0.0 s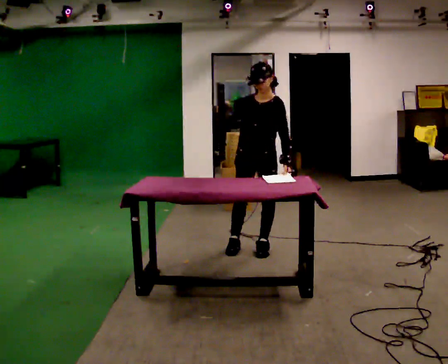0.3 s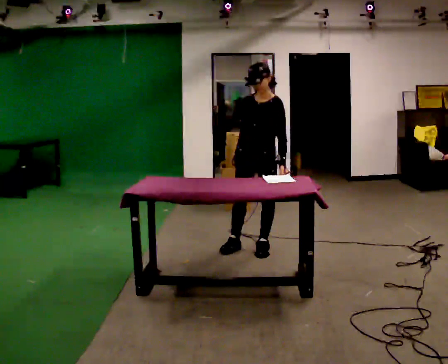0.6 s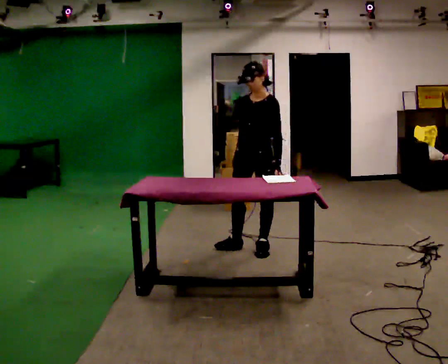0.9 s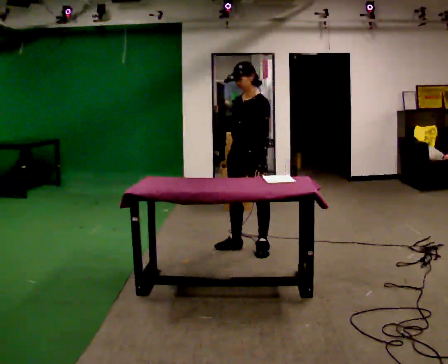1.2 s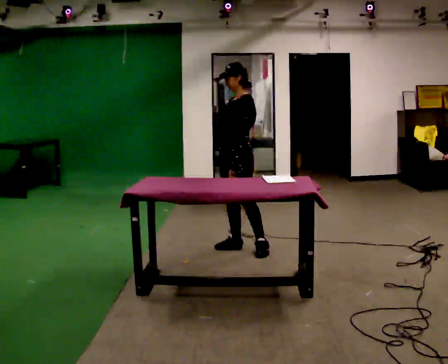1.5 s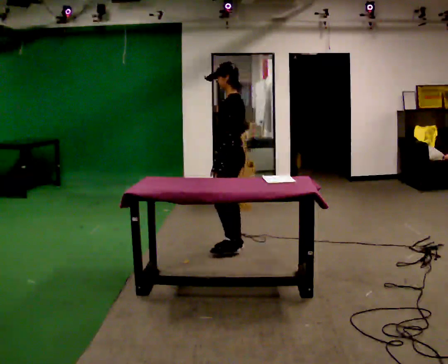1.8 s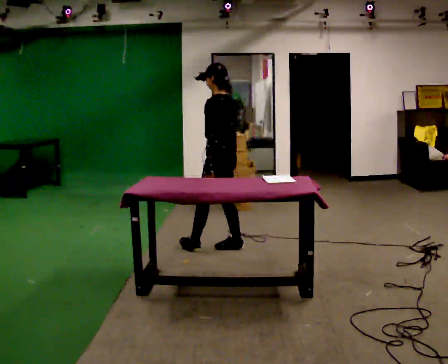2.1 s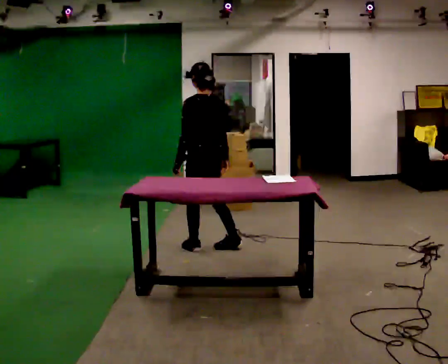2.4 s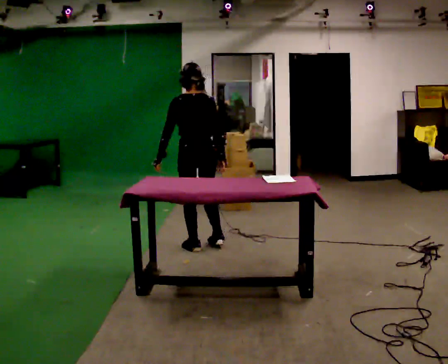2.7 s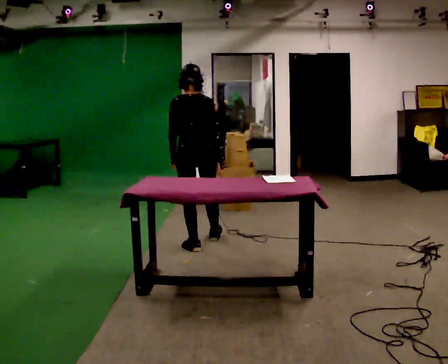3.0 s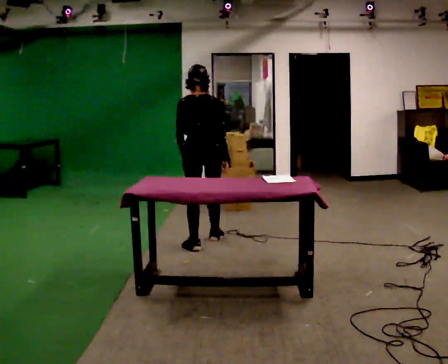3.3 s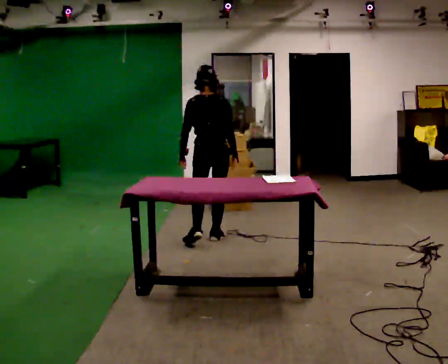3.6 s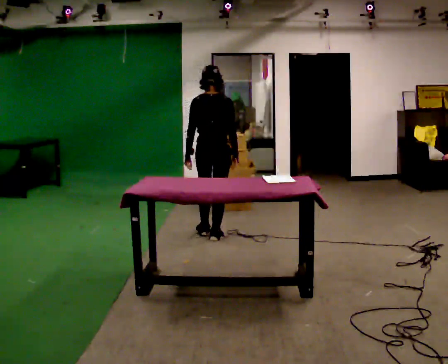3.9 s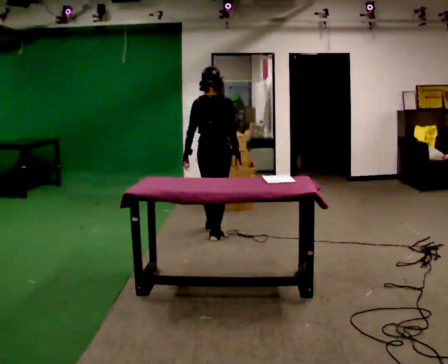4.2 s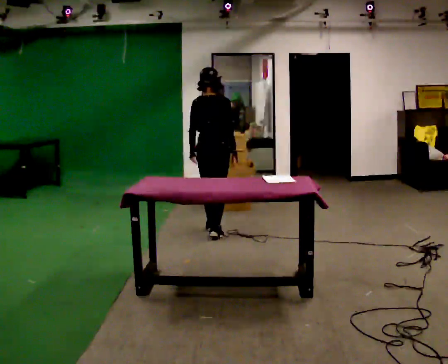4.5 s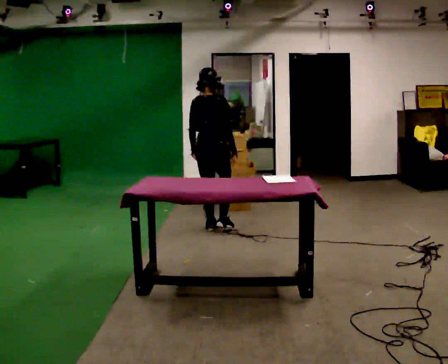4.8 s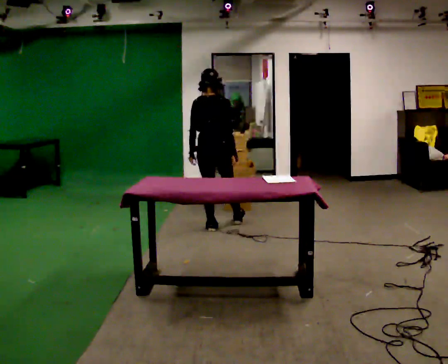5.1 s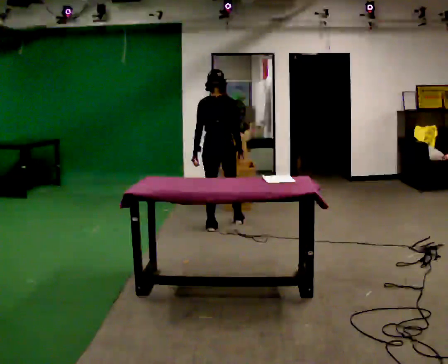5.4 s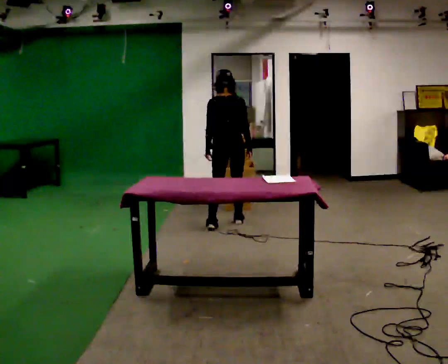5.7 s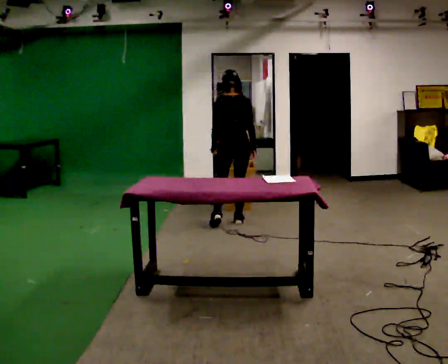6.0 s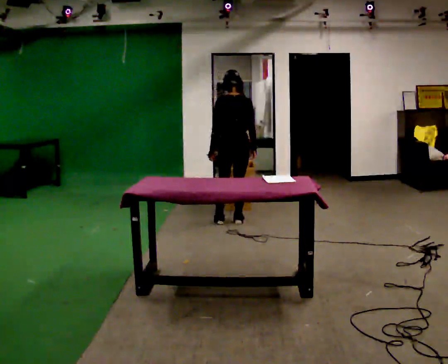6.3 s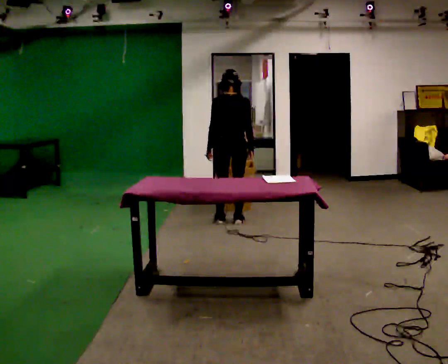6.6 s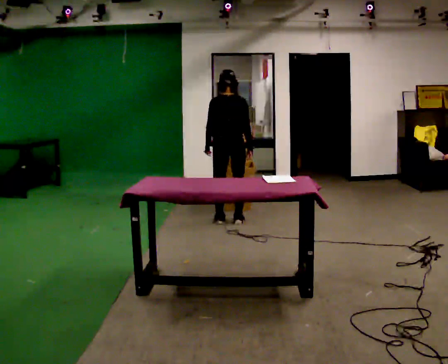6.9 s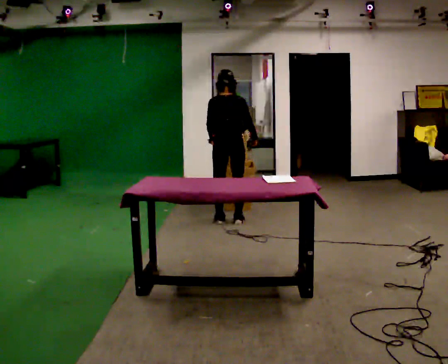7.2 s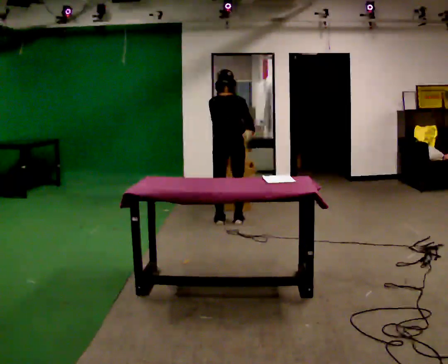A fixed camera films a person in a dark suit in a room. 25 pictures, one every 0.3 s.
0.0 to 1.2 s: Seen from above the body turns clockwise, about 30 degrees: to their right, with its near side sliding to the left. In the picture they go to the left, about 0.25 m, which for them is to their right. In the picture their left hand goes to the left.
1.2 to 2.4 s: The person turns about 105 degrees to their right, clockwise seen from above, so the part of the body nearest the lens slides to the left. In the picture they go to the left, about 0.25 m in 1 step.
2.4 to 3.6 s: In the picture they go away from the camera, about 0.25 m in 1 step, which for them is forward and to their right.
3.6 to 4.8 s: In the picture they go away from the camera, about 0.5 m in 1 step, which for them is forward and to their left.
4.8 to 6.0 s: In the picture they go away from the camera and to the right, about 0.25 m in 1 step, which for them is forward and to their right.
6.0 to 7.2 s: The person moves a little, or ends about where they began.
The film runs forward here.
